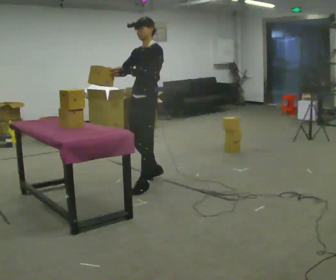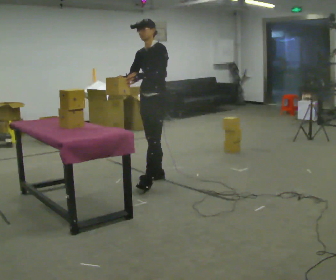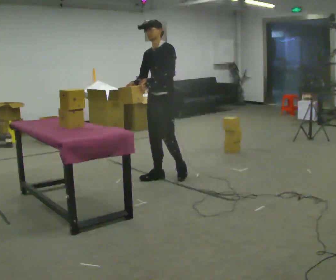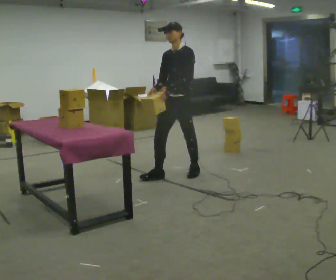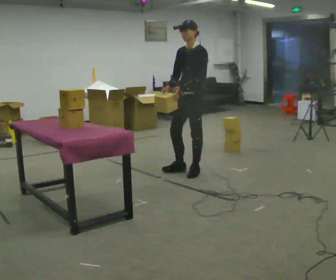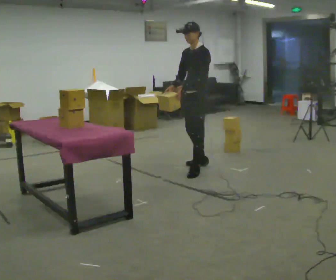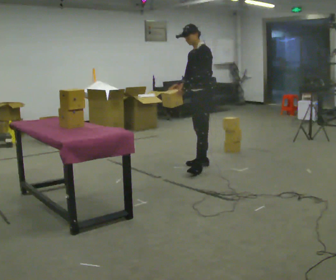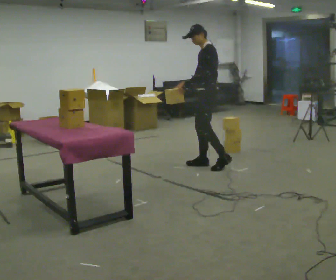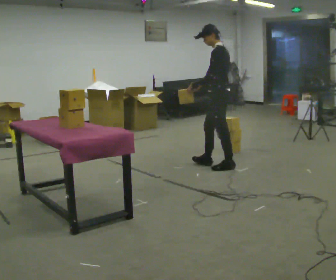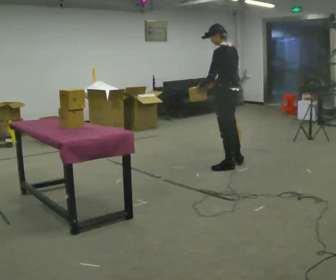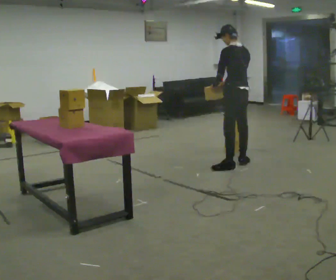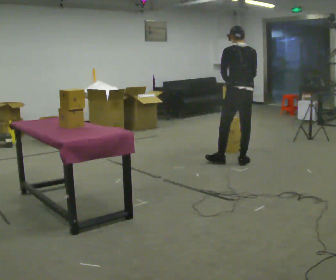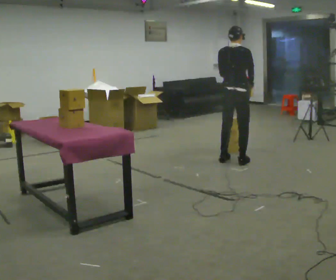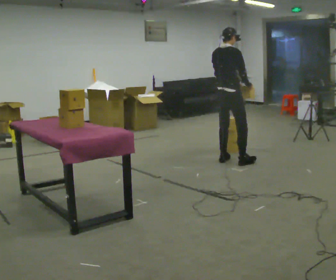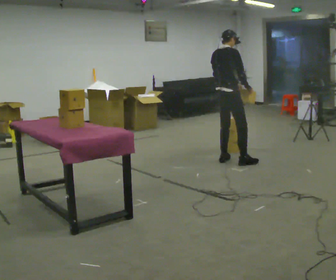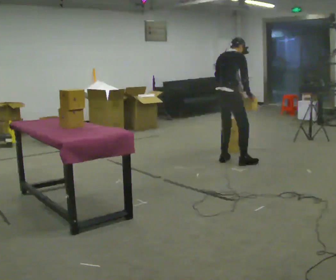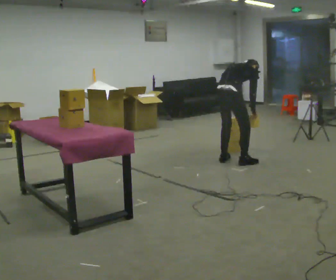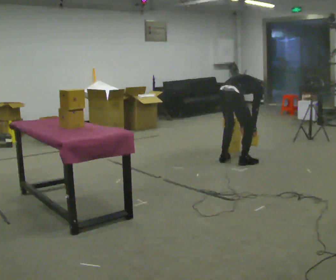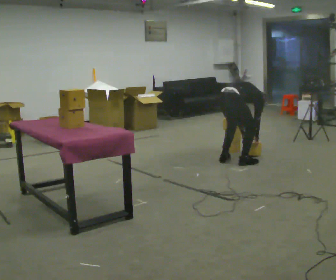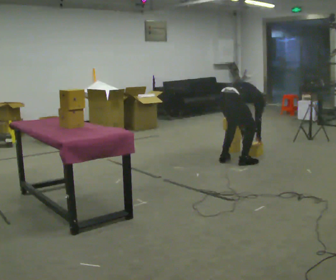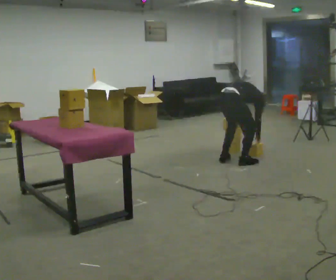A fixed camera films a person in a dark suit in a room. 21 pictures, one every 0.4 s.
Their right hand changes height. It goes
downward.
The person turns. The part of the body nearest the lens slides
to the left.
0.0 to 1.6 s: In the picture they go away from the camera and to the right, about 0.75 m in 2 steps, which for them is backward.
1.6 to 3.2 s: Seen from above the body turns clockwise, about 45 degrees: to their right, with its near side sliding to the left. In the picture they go to the right and away from the camera, about 0.25 m in 2 steps, which for them is backward.
3.2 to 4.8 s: Seen from above the body turns clockwise, about 105 degrees: to their right, with its near side sliding to the left. In the picture they go away from the camera and to the right, about 0.25 m in 1 step.
4.8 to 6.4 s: The shoulders move downward. The upper body tips away from the camera, its near side rolling upward, as they bend forward. In the picture their right hand goes downward.
6.4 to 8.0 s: The upper body goes downward. In the picture the upper body tilts clockwise, shoulders to the right, as they bend forward. In the picture their left hand goes downward.
The film runs backward here.
